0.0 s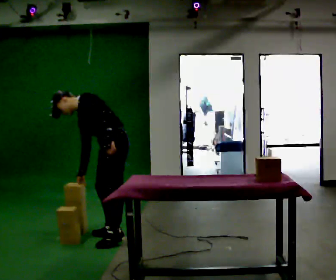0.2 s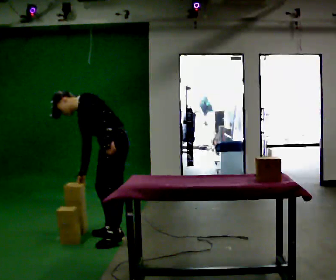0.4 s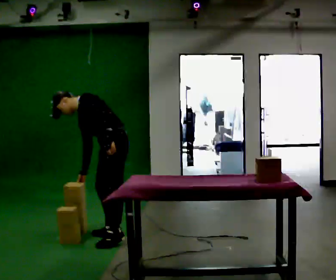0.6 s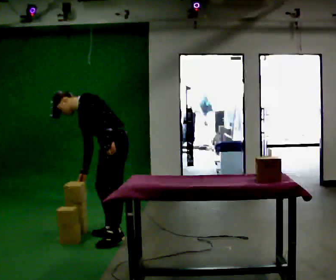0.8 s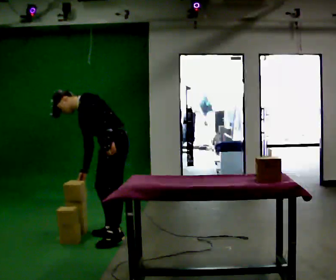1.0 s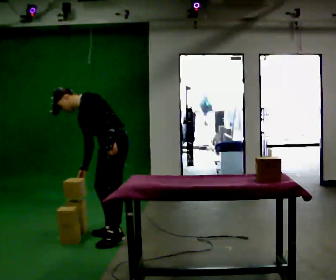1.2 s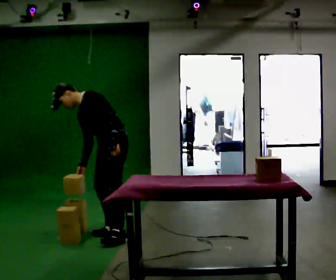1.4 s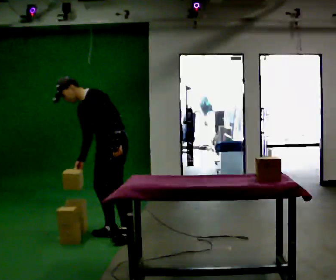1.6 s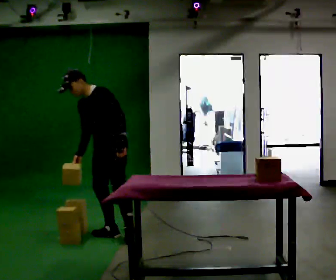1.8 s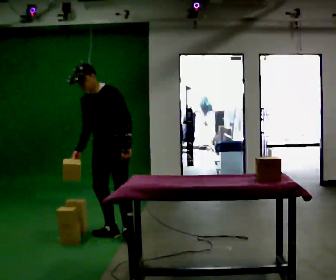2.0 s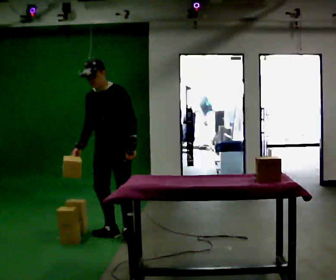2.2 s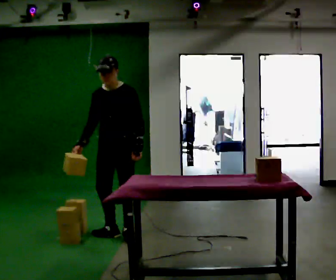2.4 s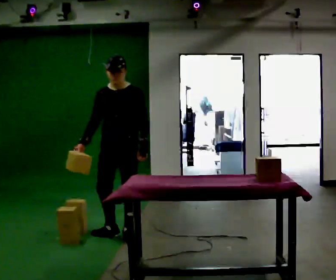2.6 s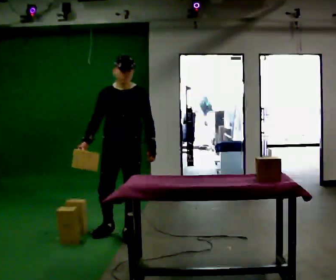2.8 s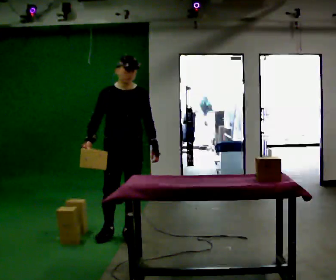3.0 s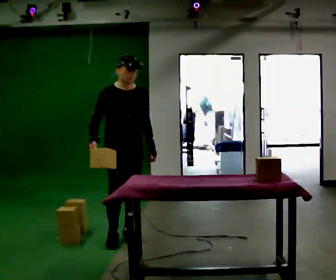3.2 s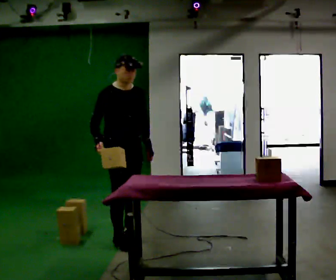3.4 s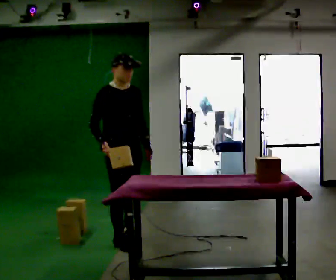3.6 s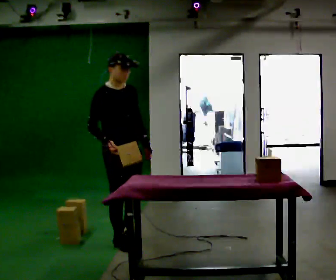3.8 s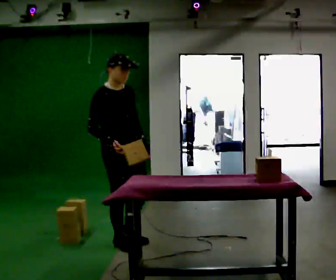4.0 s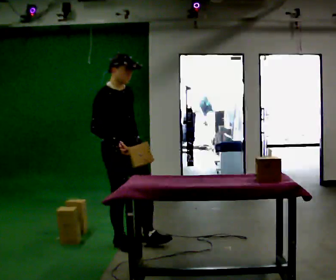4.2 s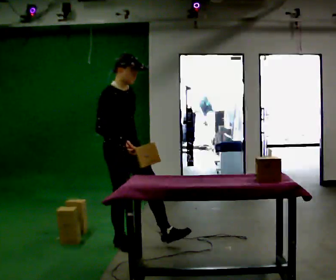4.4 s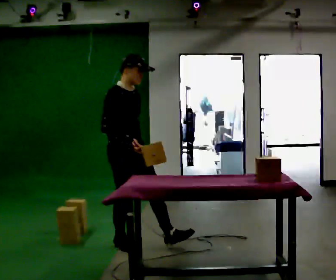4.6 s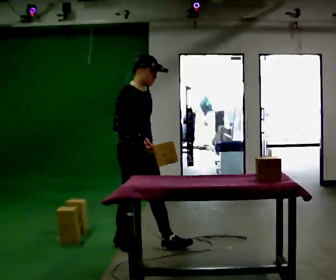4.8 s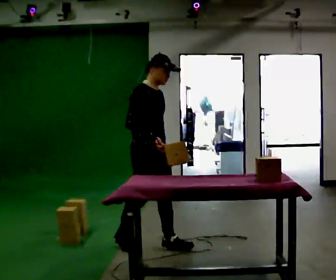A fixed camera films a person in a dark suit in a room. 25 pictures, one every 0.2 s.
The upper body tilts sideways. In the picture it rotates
clockwise.
The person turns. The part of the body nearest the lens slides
to the right.
0.0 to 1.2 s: The person moves a little, or ends about where they began.
1.2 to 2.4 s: The part of the body nearest the lens slides to the right as the person turns to their left by about 45 degrees. In the picture the upper body tilts clockwise, shoulders to the right, as they lean back or straighten.
2.4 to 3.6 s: Seen from above the body turns counterclockwise, about 60 degrees: to their left, with its near side sliding to the right. In the picture they go toward the camera, about 0.25 m in 1 step.
3.6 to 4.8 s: In the picture they go to the right and toward the camera, about 0.25 m in 1 step, which for them is forward.
The film runs forward here.
